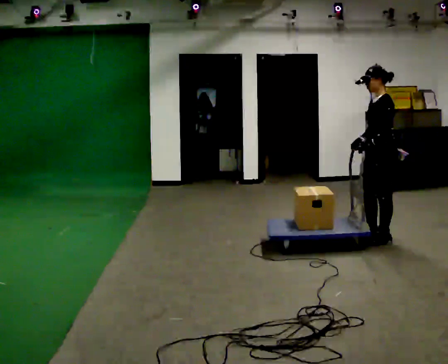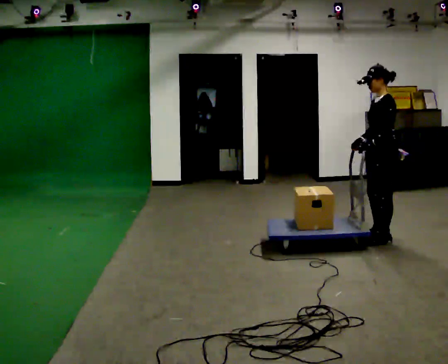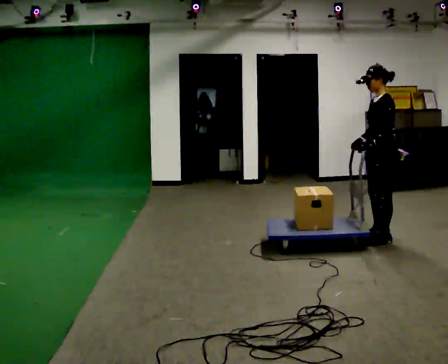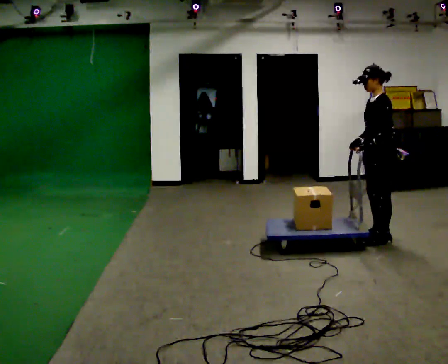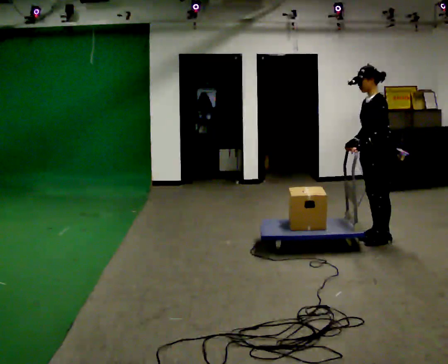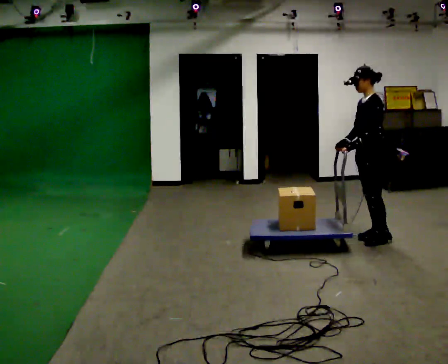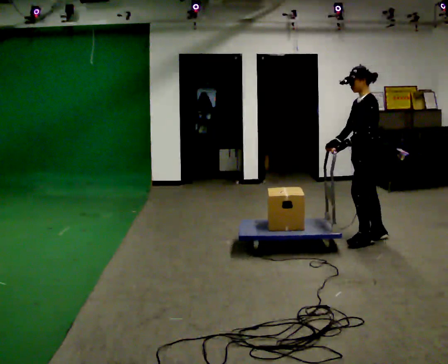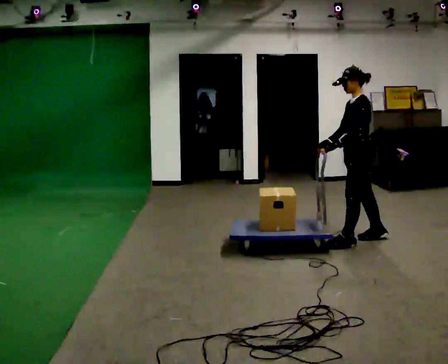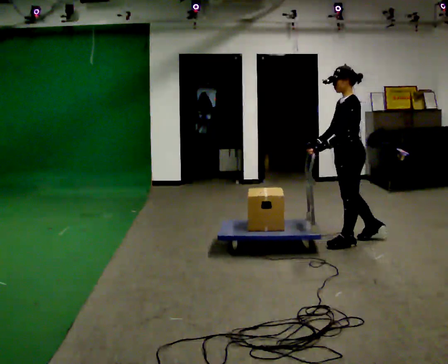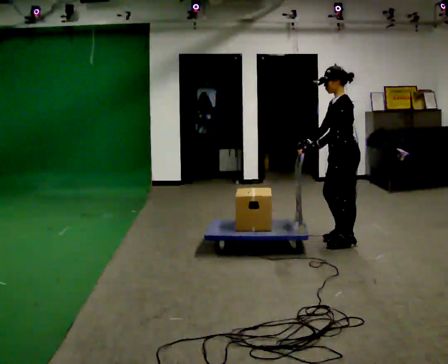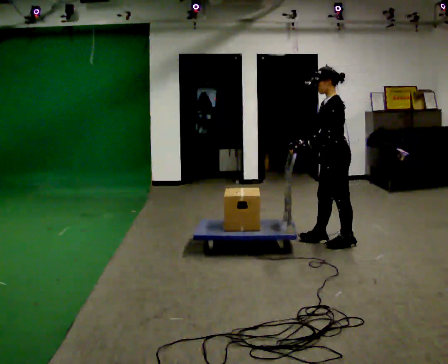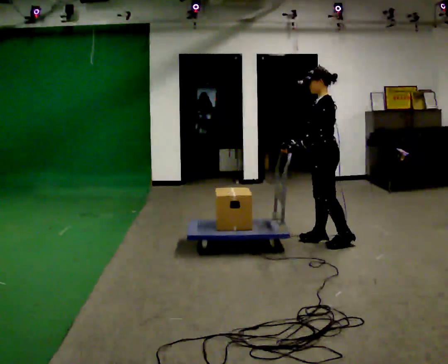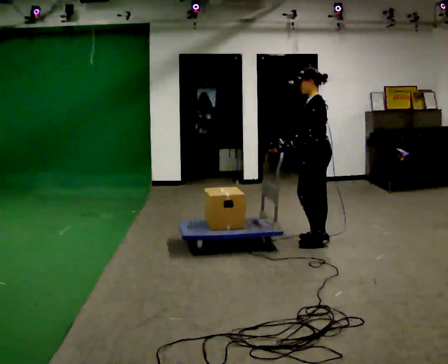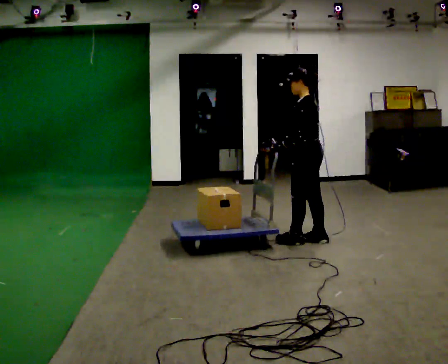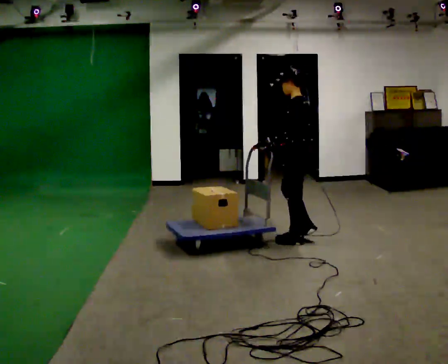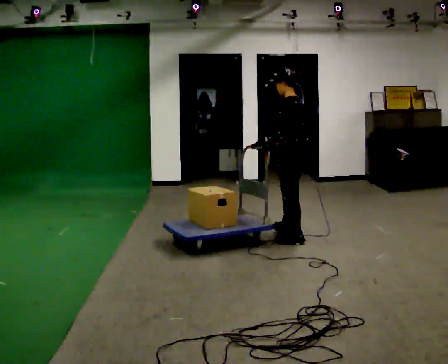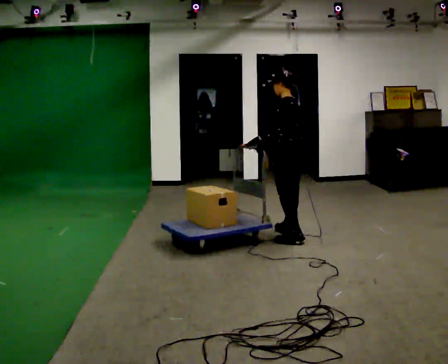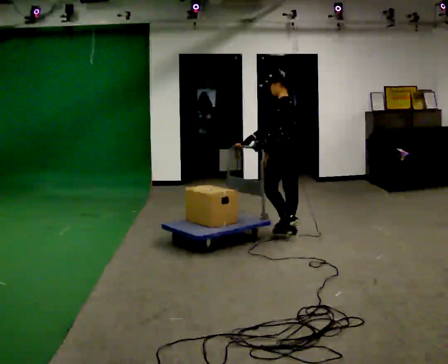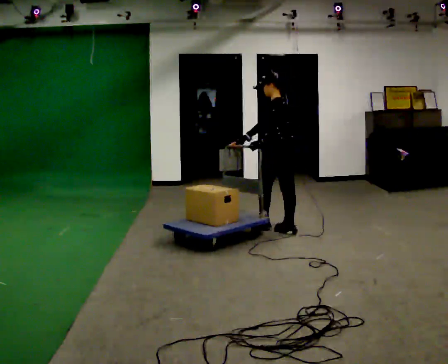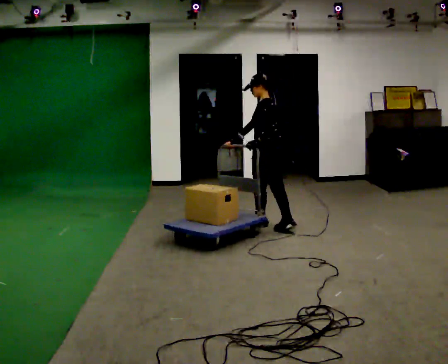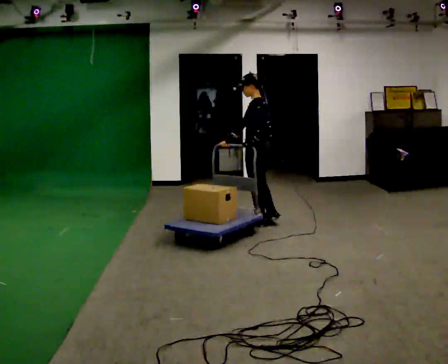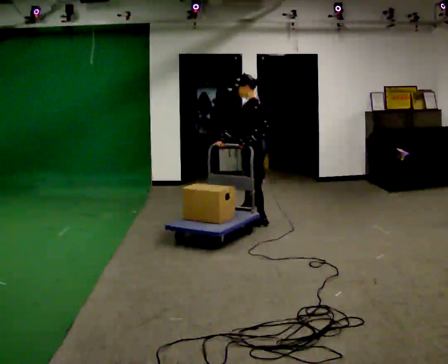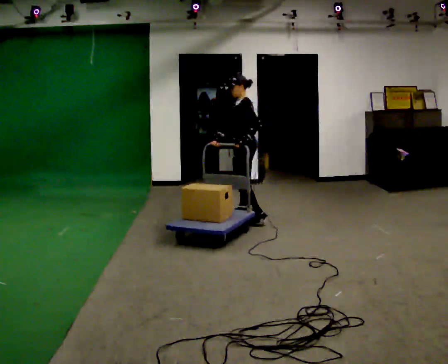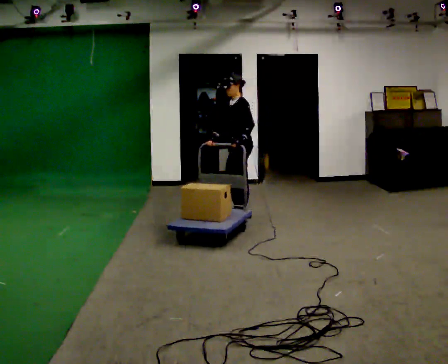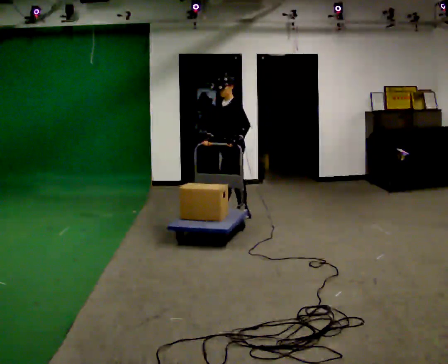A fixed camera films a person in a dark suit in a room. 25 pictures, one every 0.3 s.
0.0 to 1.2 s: The person moves a little, or ends about where they began.
1.2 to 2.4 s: In the picture they go to the left, about 0.25 m in 1 step, which for them is forward.
2.4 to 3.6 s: In the picture they go to the left, about 0.25 m in 1 step, which for them is forward and to their right.
3.6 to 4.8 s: Seen from above the body turns clockwise, about 30 degrees: to their right, with its near side sliding to the left. In the picture they go to the left and away from the camera, about 0.25 m in 2 steps, which for them is forward and to their right.
4.8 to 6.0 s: In the picture they go away from the camera and to the left, about 0.5 m in 1 step, which for them is forward and to their right.
6.0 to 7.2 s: The part of the body nearest the lens slides to the right as the person turns to their left by about 45 degrees. In the picture they go to the left and away from the camera, about 0.5 m in 2 steps, which for them is to their right and forward.
The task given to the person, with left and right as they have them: Push the cart along the marked route and round the corner to the side the operator calls.
The film runs forward here.
